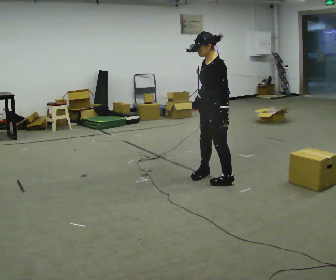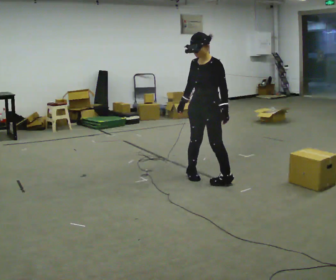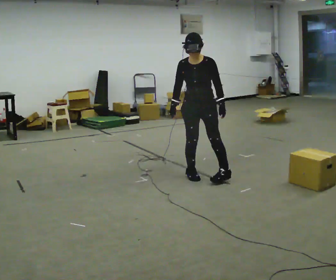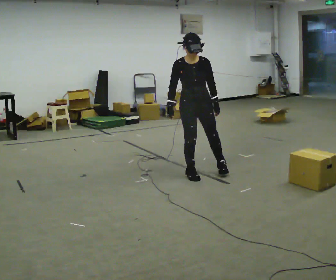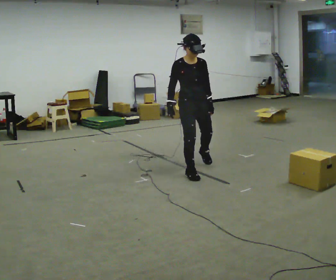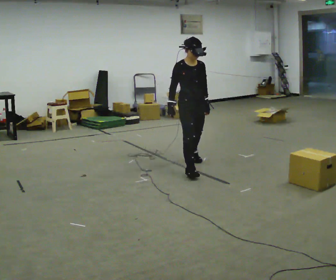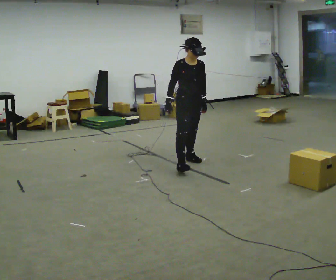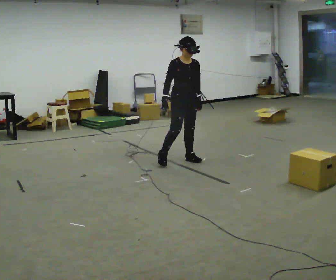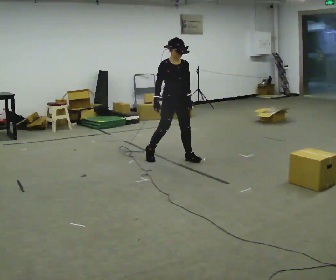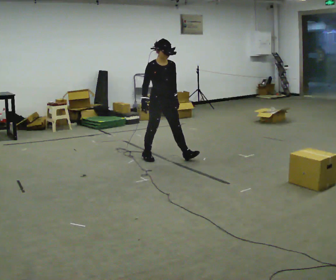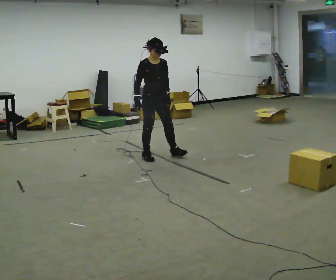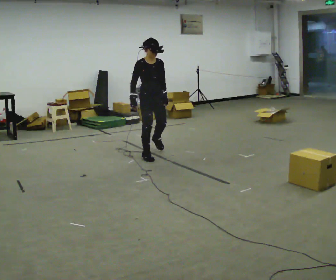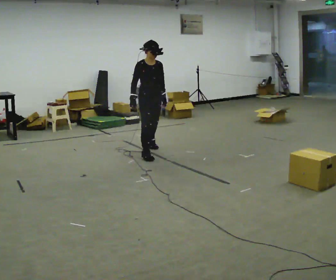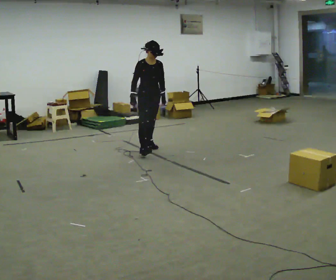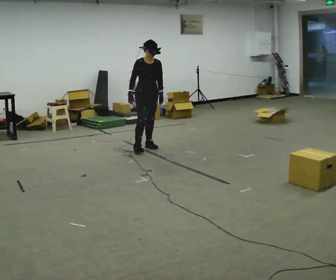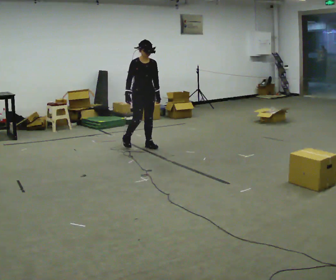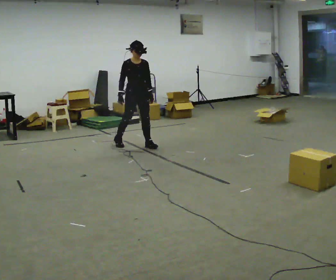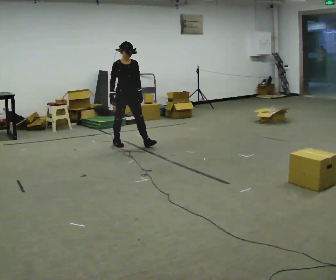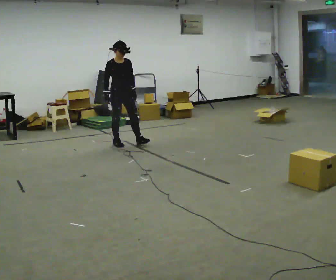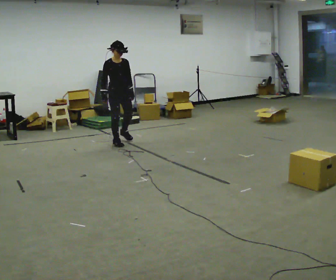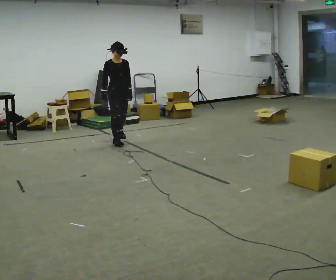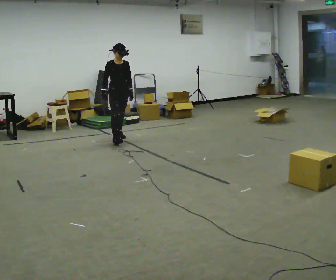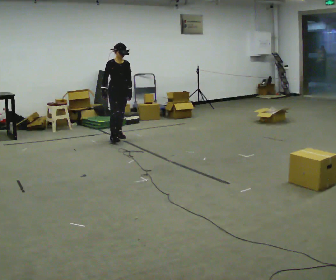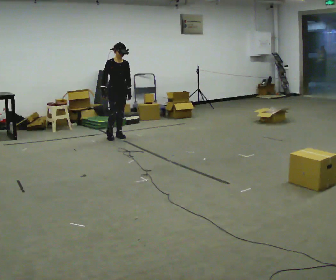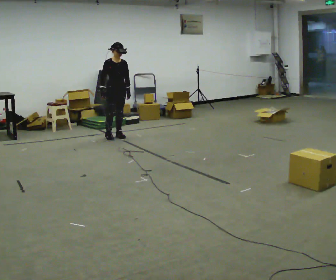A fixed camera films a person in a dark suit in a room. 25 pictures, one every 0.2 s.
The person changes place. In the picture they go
away from the camera.
0.0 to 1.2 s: Seen from above the body turns counterclockwise, about 105 degrees: to their left, with its near side sliding to the right. In the picture they go away from the camera, about 0.75 m in 2 steps.
1.2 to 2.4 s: In the picture they go away from the camera and to the left, about 0.5 m in 1 step, which for them is backward.
2.4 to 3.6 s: In the picture they go away from the camera and to the left, about 0.75 m in 2 steps, which for them is backward.
3.6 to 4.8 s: In the picture they go away from the camera, about 0.5 m in 1 step, which for them is backward and to their left.
The film runs backward here.
